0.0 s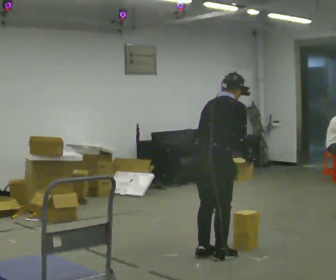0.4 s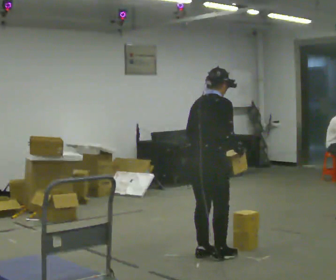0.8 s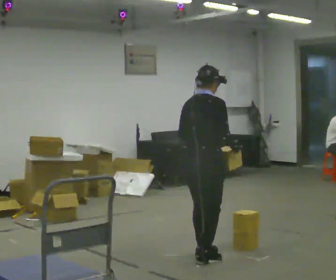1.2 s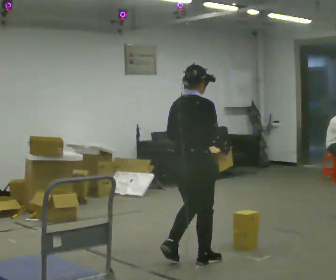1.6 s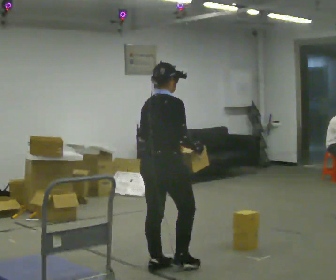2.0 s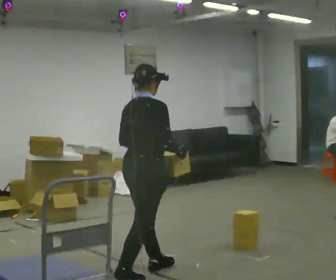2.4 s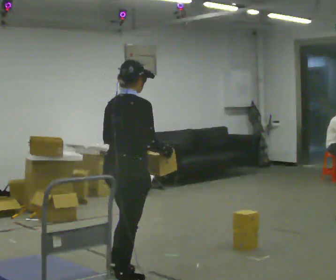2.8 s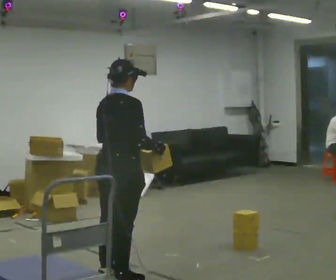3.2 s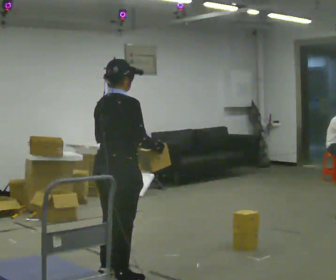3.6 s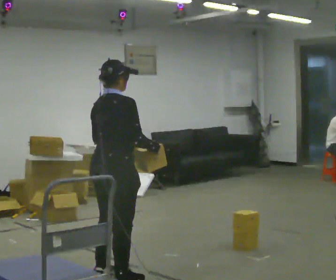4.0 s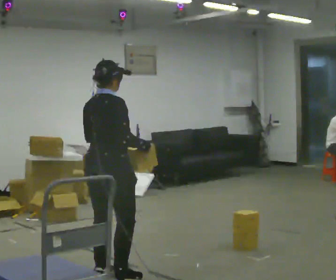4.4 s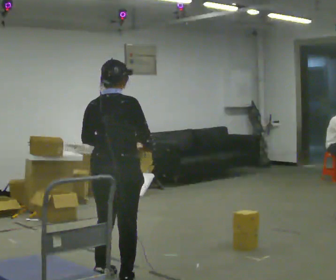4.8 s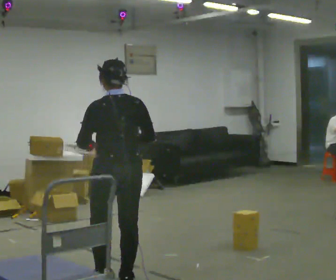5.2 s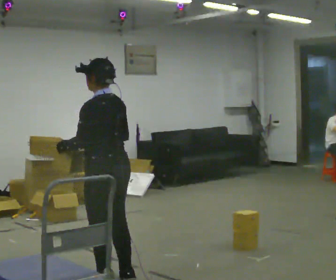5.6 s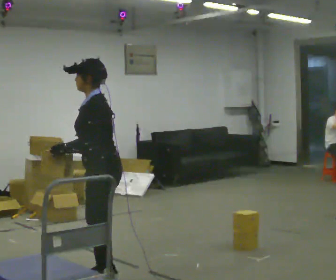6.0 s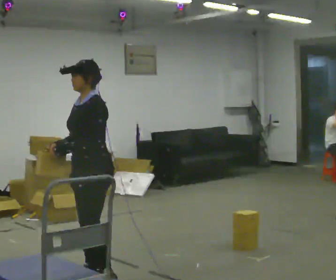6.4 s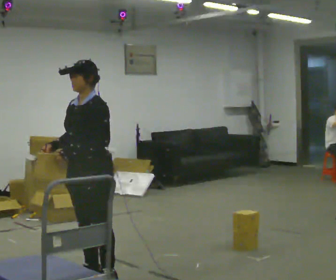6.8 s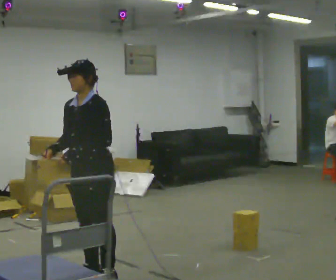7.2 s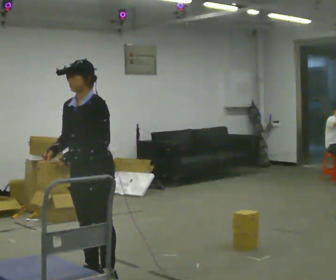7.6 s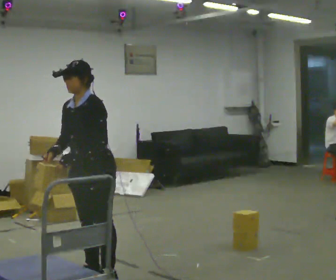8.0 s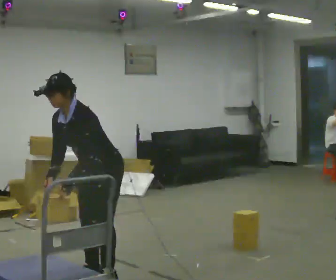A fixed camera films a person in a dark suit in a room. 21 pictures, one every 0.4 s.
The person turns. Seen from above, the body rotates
counterclockwise.
The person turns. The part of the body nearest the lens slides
to the right.
0.0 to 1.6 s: In the picture they go to the left and toward the camera, about 0.5 m in 3 steps, which for them is backward. In the picture the upper body tilts counterclockwise, shoulders to the left, as they lean back or straighten.
1.6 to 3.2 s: In the picture they go to the left and toward the camera, about 0.5 m in 1 step, which for them is backward.
3.2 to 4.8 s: Seen from above the body turns counterclockwise, about 75 degrees: to their left, with its near side sliding to the right. In the picture their left hand goes to the left.
4.8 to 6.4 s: The person turns about 105 degrees to their left, counterclockwise seen from above, so the part of the body nearest the lens slides to the right. In the picture they go to the left, about 0.25 m in 1 step.
6.4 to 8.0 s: In the picture the upper body tilts counterclockwise, shoulders to the left, as they bend forward.
The film runs backward here.
